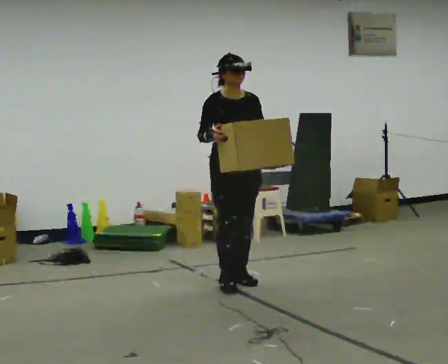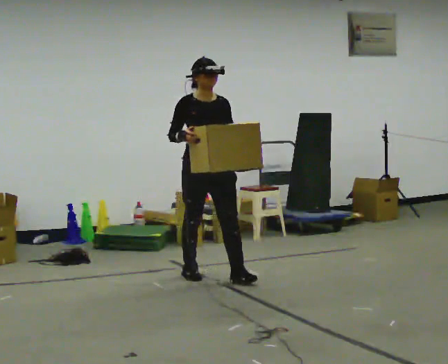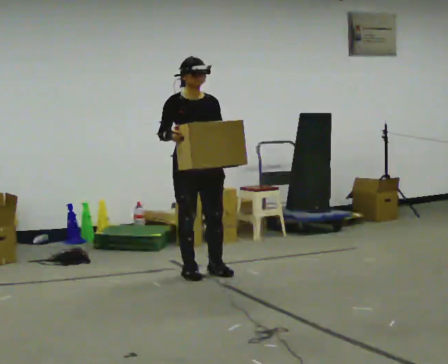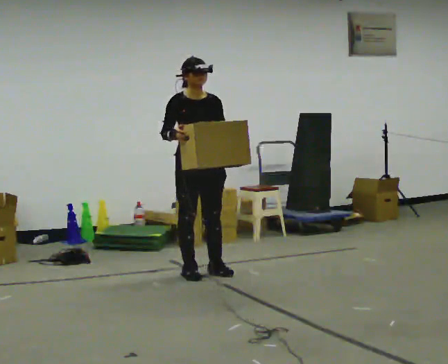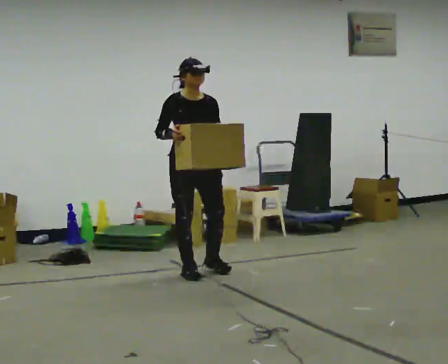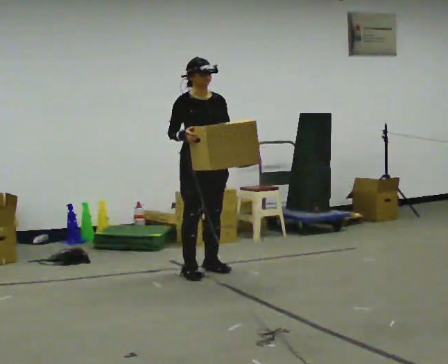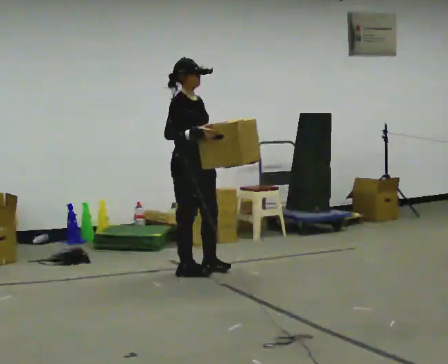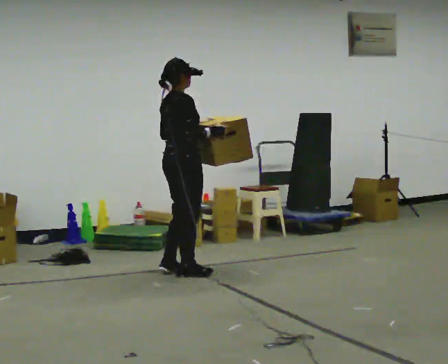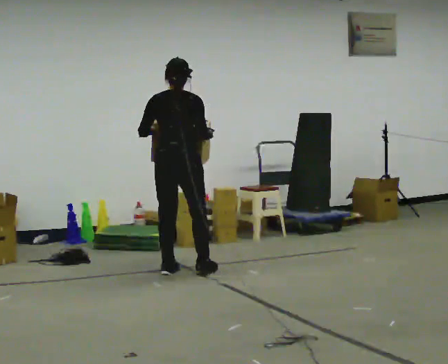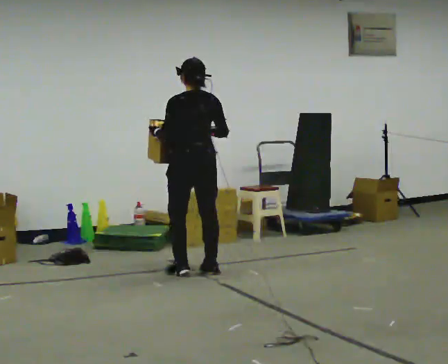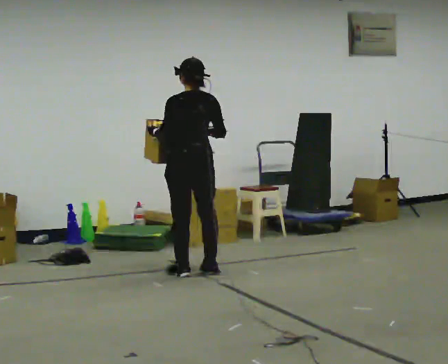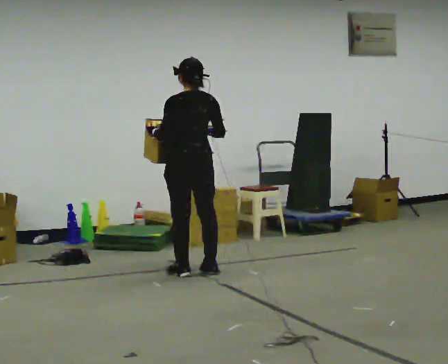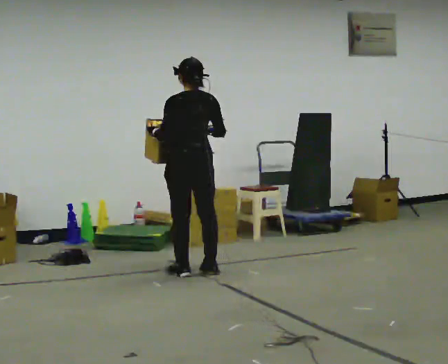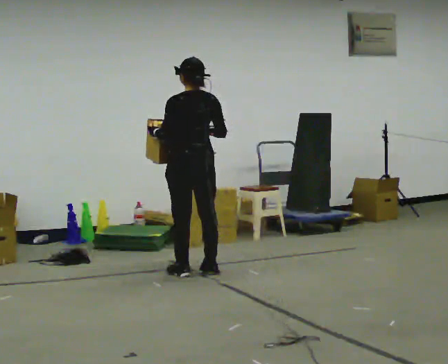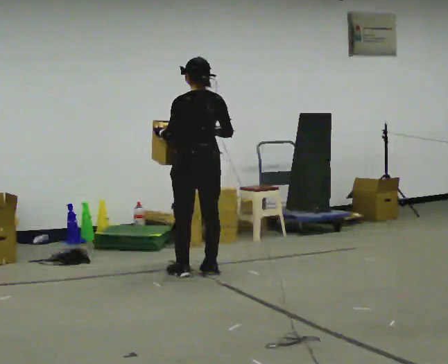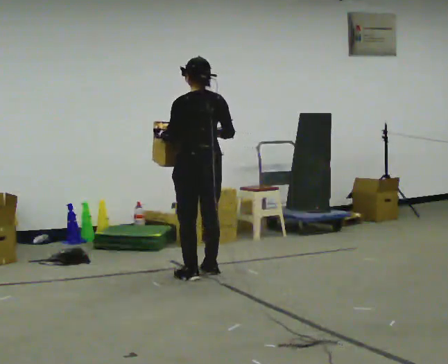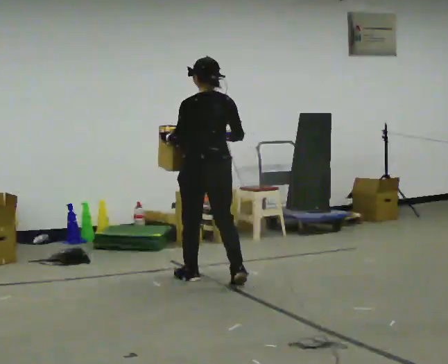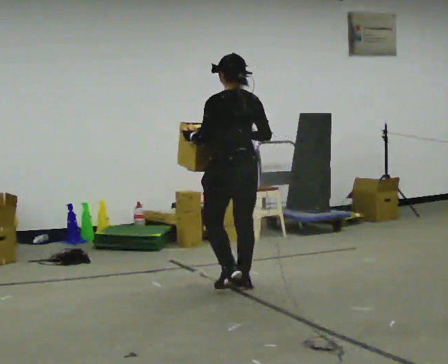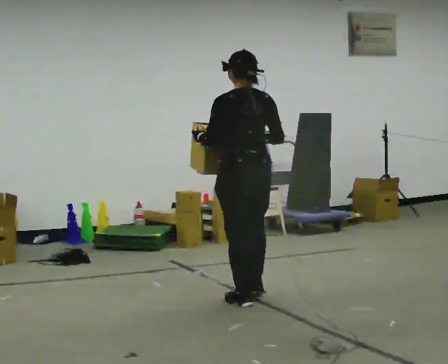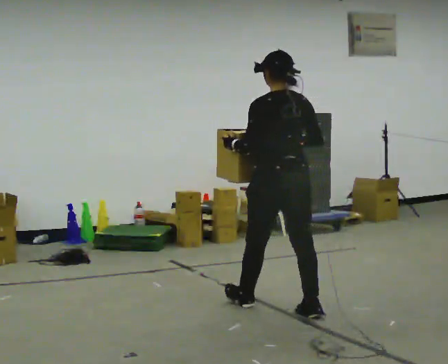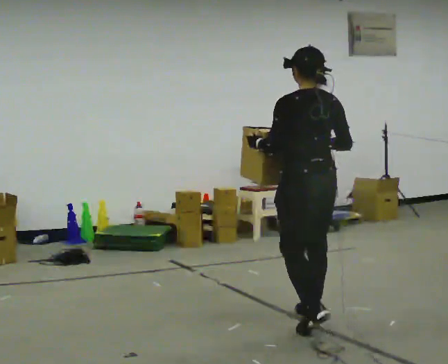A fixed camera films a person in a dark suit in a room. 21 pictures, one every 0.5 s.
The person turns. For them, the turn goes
to their left.
The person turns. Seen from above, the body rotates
counterclockwise.
0.0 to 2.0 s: In the picture they go away from the camera and to the left, about 0.5 m in 1 step, which for them is backward.
2.0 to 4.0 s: The person turns about 135 degrees to their left, counterclockwise seen from above, so the part of the body nearest the lens slides to the right. In the picture their left hand goes to the left.
4.0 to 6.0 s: The part of the body nearest the lens slides to the right as the person turns to their left by about 45 degrees.
6.0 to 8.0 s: In the picture they go toward the camera, about 0.25 m in 2 steps, which for them is backward.
8.0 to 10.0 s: In the picture they go toward the camera and to the right, about 1.5 m in 3 steps, which for them is backward.
The film runs backward here.
